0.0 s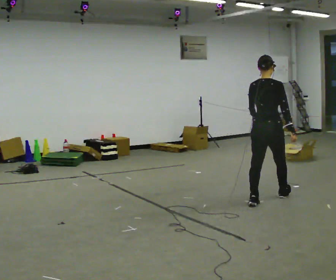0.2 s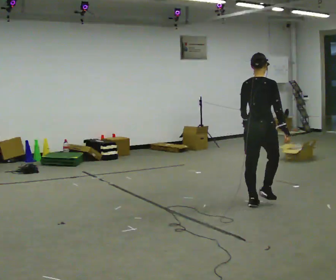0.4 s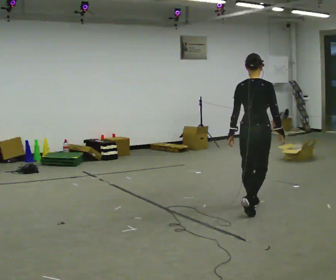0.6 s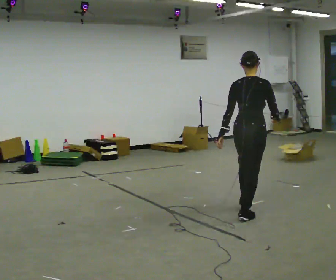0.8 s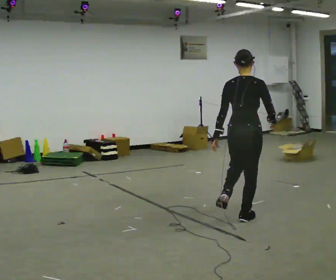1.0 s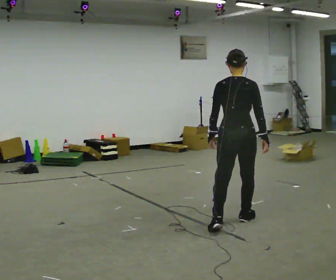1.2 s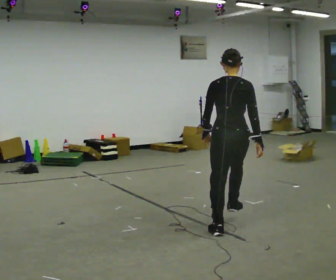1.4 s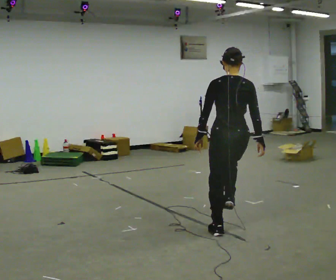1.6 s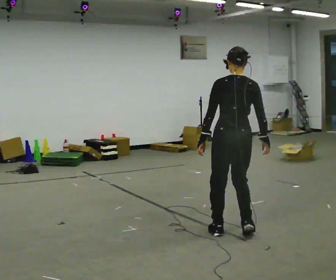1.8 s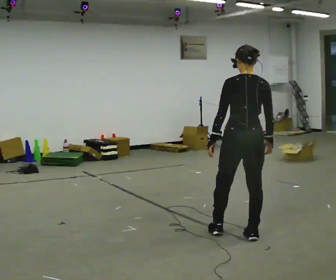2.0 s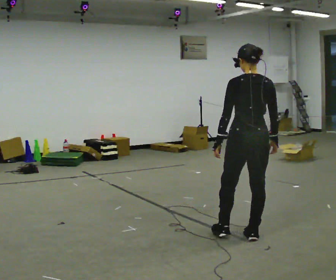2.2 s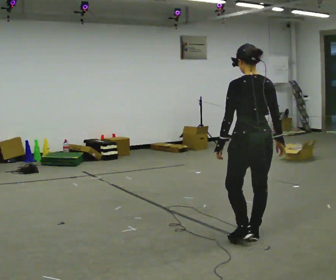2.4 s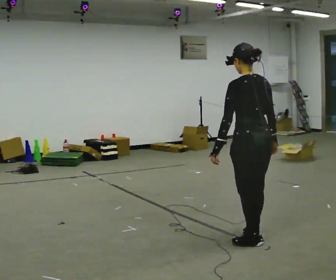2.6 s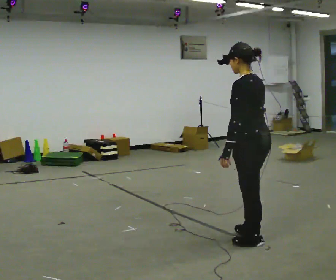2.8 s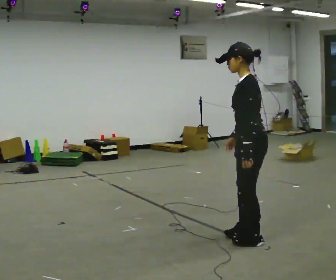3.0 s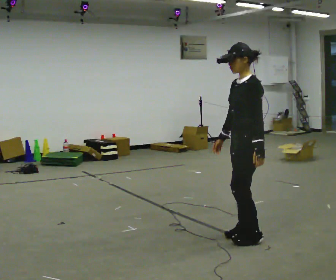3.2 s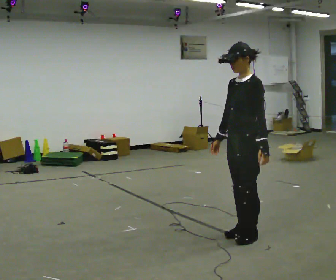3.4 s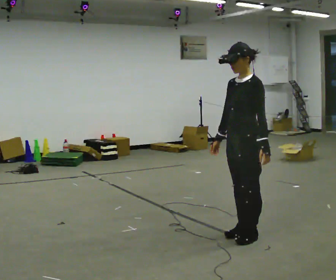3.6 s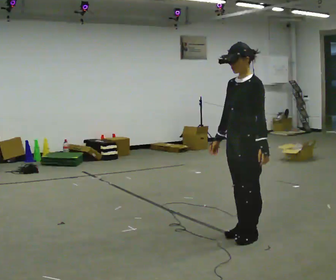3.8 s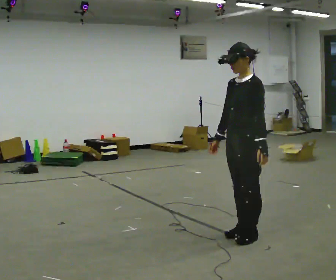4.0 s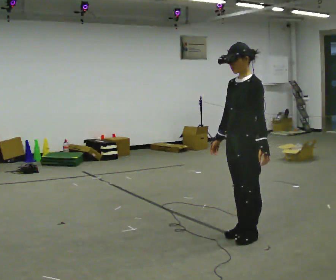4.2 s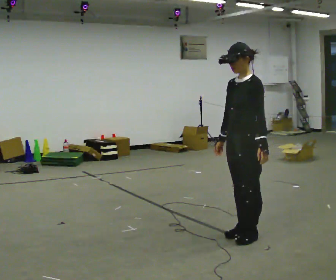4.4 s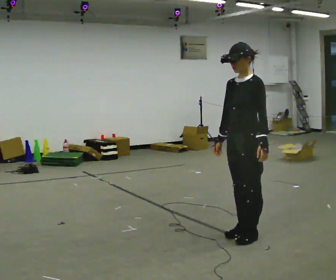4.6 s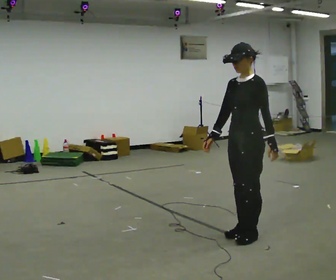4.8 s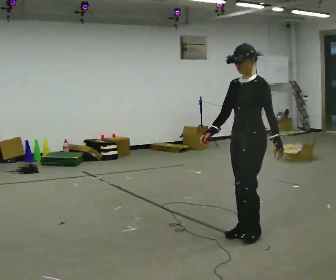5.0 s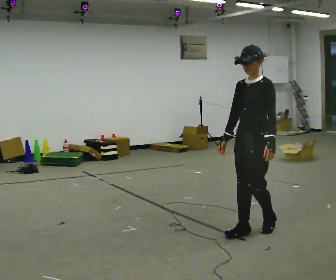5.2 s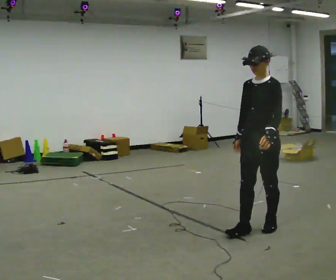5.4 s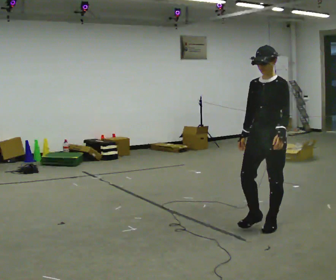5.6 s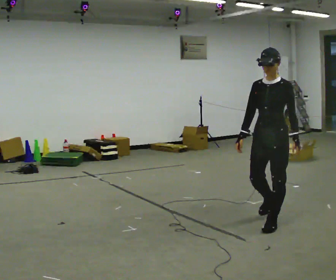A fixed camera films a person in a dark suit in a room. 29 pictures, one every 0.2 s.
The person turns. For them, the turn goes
to their left.
The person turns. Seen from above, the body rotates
counterclockwise.
0.0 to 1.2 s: In the picture they go toward the camera, about 1 m in 2 steps, which for them is backward.
1.2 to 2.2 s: In the picture they go toward the camera and to the right, about 0.25 m in 1 step, which for them is backward and to their right.
2.2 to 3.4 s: Seen from above the body turns counterclockwise, about 105 degrees: to their left, with its near side sliding to the right. In the picture their right hand goes to the left, the arm swinging clockwise.
3.4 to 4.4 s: The person moves a little, or ends about where they began.
4.4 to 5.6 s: In the picture they go away from the camera and to the right, about 0.5 m in 2 steps, which for them is backward.
The film runs backward here.
